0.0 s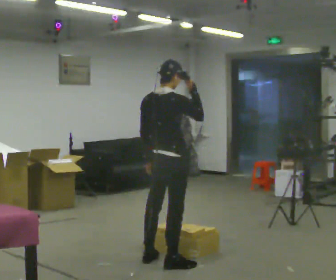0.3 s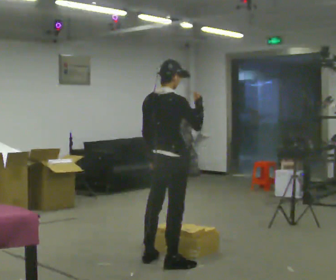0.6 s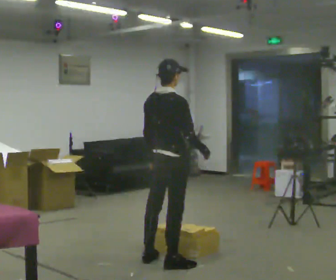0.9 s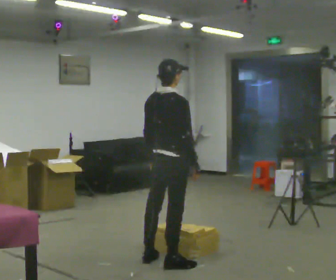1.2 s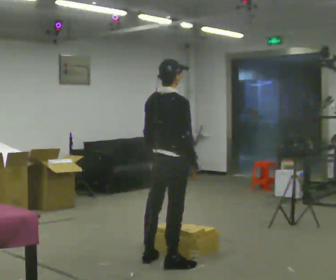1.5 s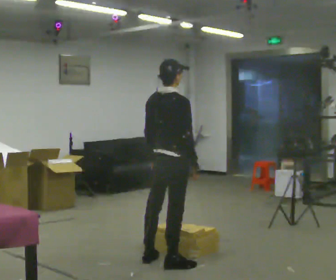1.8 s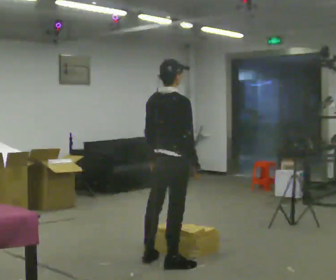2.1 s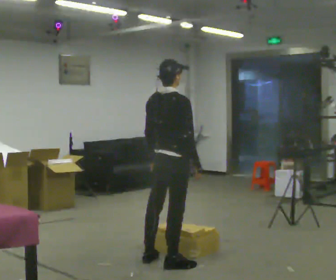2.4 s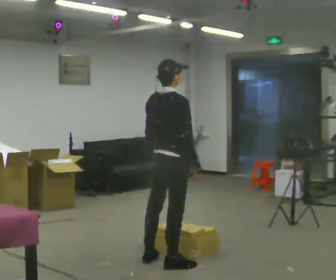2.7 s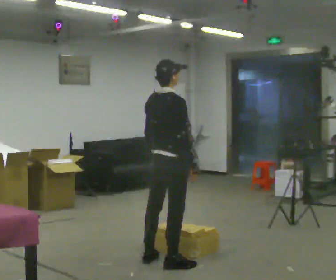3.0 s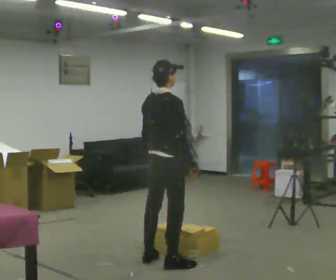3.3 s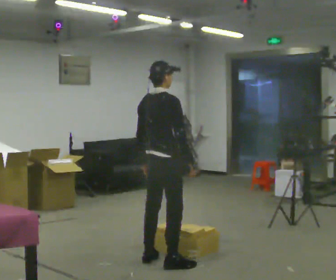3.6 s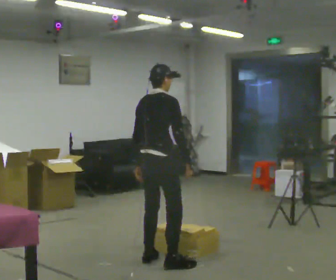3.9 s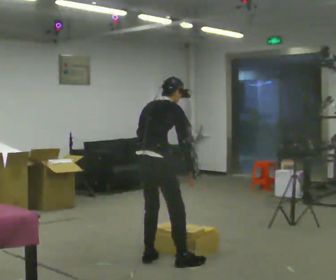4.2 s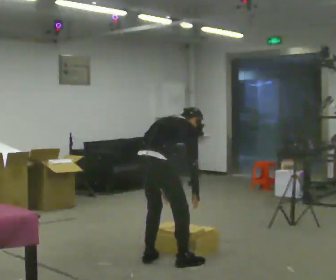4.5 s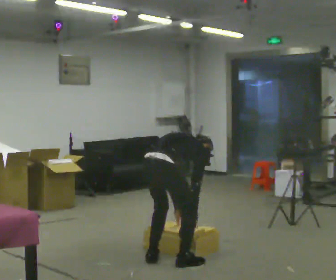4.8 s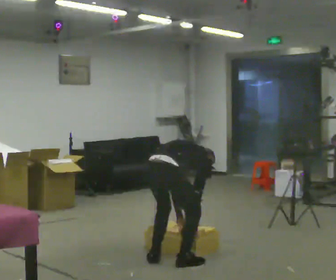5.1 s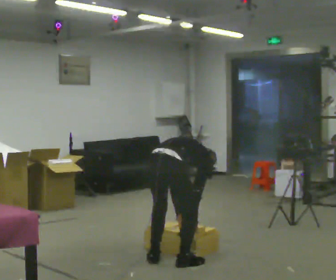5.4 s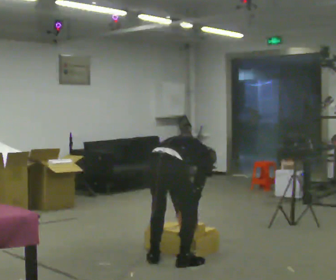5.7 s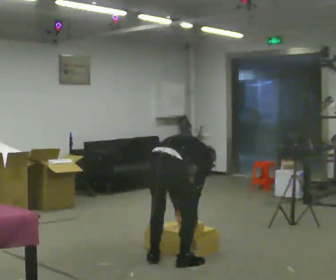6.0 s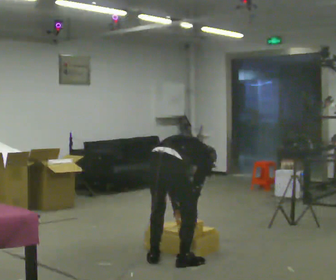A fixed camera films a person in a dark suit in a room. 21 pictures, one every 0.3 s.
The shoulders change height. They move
downward.
Their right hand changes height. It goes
downward.
0.0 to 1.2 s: In the picture their right hand goes downward.
1.2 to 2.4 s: The person keeps their place and pose.
2.4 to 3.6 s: The person moves a little, or ends about where they began.
3.6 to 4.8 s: The upper body goes downward. In the picture the upper body tilts clockwise, shoulders to the right, as they bend forward. In the picture their right hand goes downward.
4.8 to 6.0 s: The person moves a little, or ends about where they began.
The film runs backward here.
